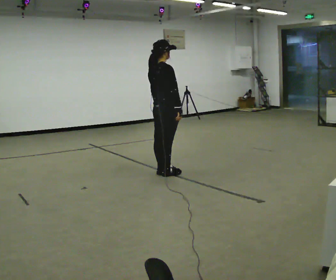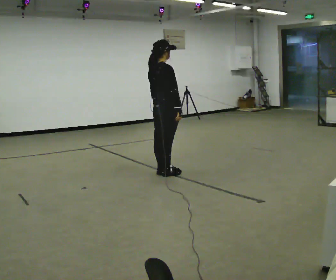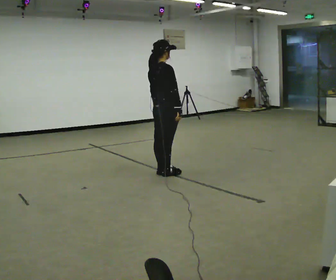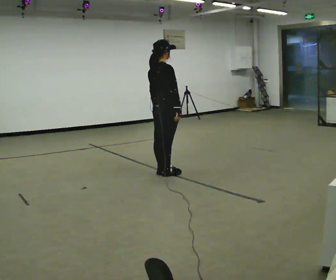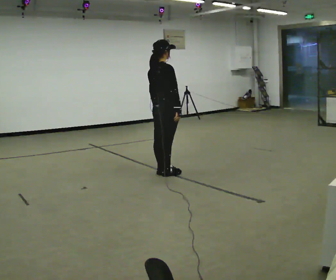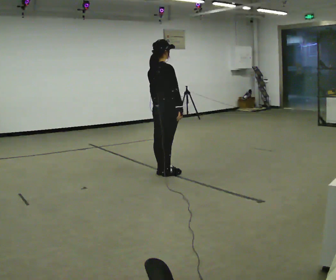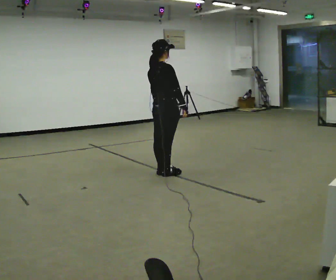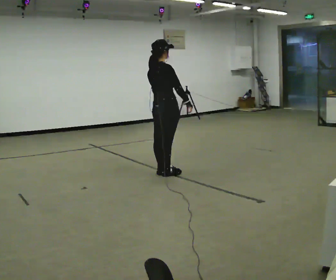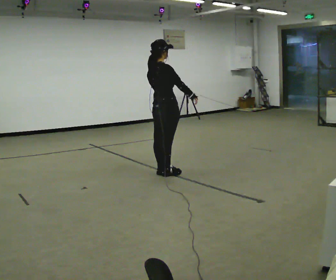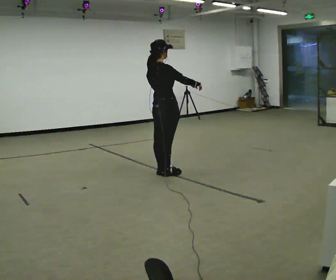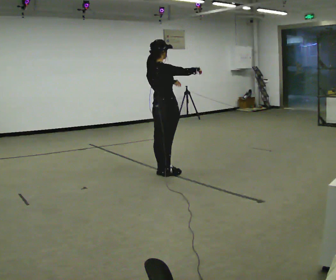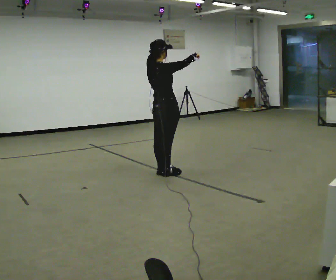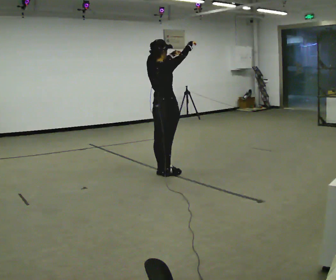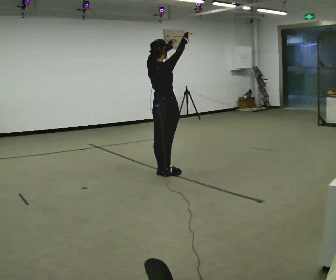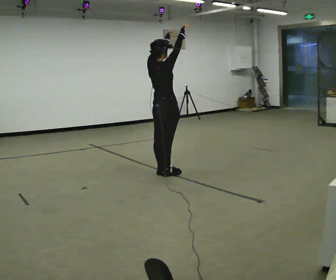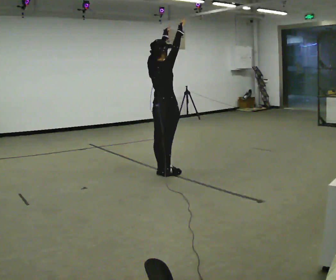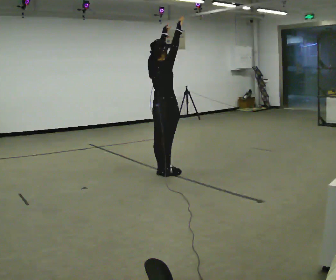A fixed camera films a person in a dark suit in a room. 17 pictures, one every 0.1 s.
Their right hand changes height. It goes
upward.
Their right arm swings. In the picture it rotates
counterclockwise.
0.0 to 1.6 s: In the picture their left hand goes upward.
The film runs backward here.
